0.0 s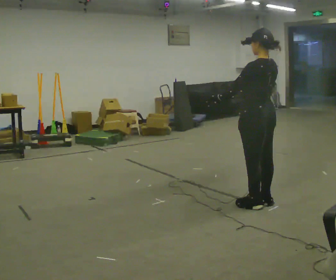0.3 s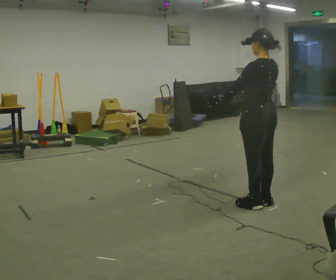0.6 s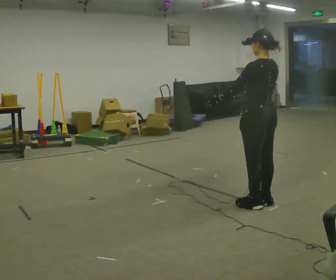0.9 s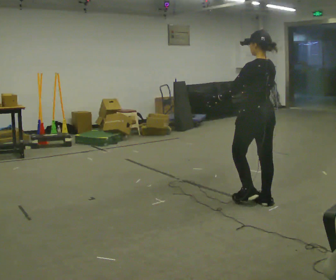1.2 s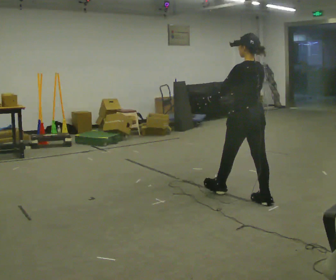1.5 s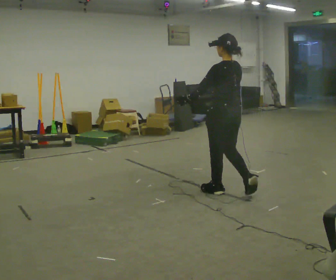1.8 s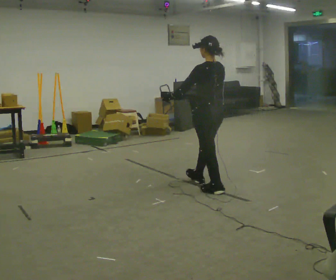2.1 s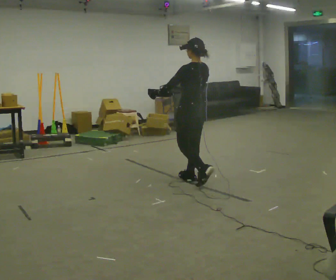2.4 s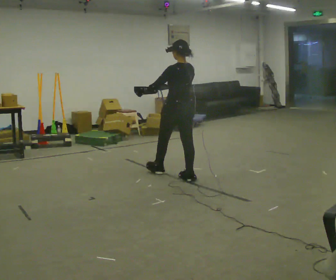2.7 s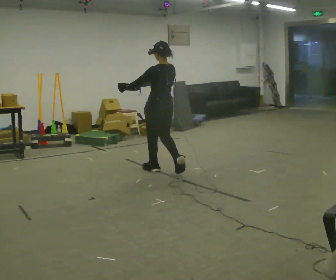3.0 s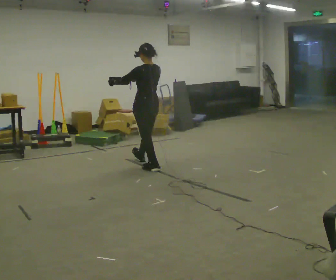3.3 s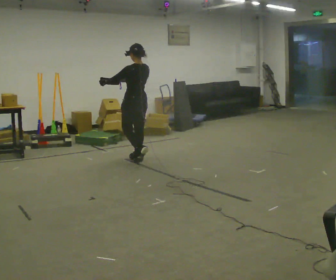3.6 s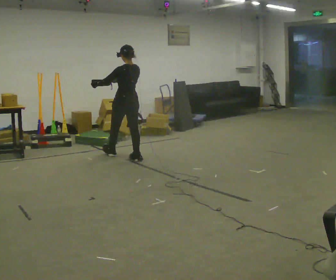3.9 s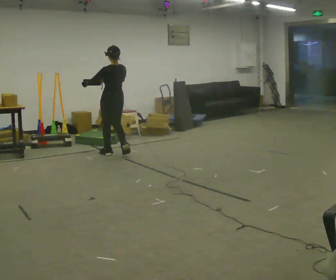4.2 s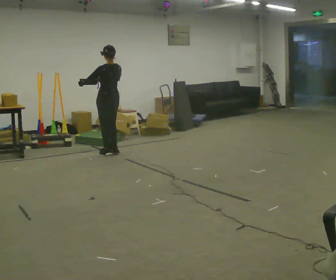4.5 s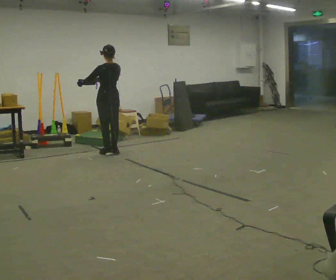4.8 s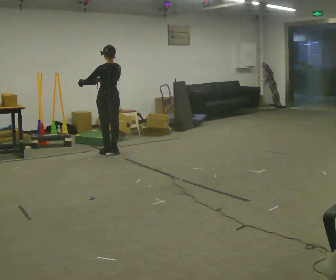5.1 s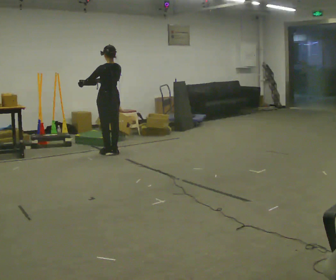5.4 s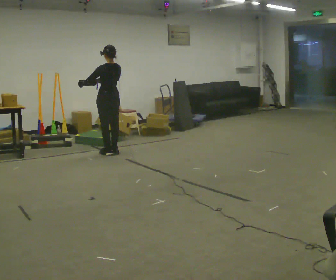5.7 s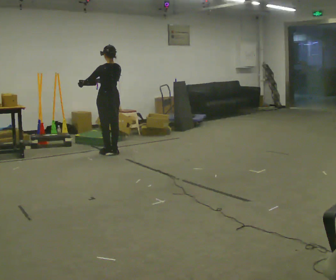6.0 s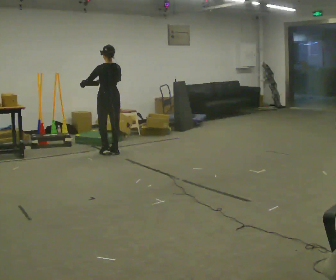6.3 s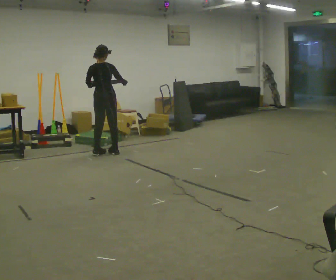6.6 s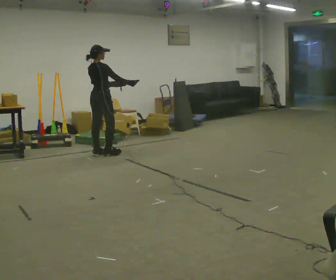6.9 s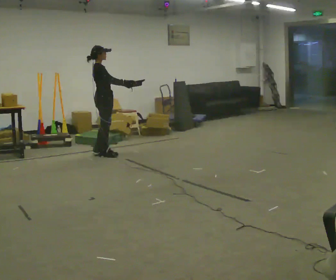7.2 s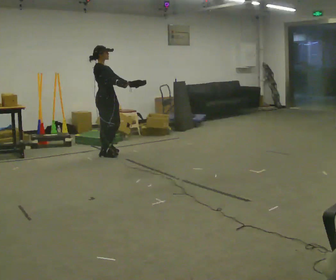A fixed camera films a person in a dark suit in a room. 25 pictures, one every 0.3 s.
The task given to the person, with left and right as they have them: Carry the box with its lid hanging open across the room, back and forth.
0.0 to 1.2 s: In the picture they go away from the camera, about 0.25 m, which for them is forward.
1.2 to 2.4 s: In the picture they go away from the camera and to the left, about 1 m in 2 steps, which for them is forward.
2.4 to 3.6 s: In the picture they go away from the camera and to the left, about 1 m in 2 steps, which for them is forward.
3.6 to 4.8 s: In the picture they go away from the camera and to the left, about 0.5 m in 2 steps, which for them is forward.
4.8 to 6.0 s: The person moves a little, or ends about where they began.
6.0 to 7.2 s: Seen from above the body turns clockwise, about 135 degrees: to their right, with its near side sliding to the left.
The film runs forward here.
